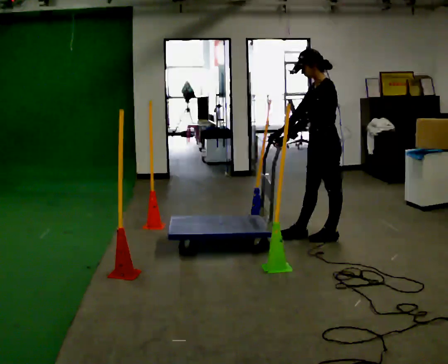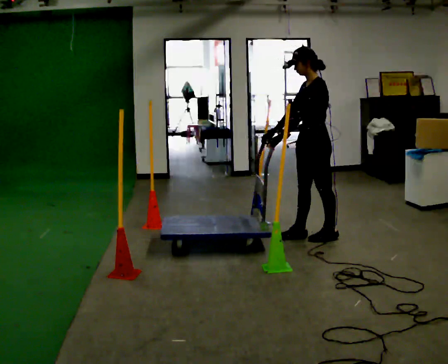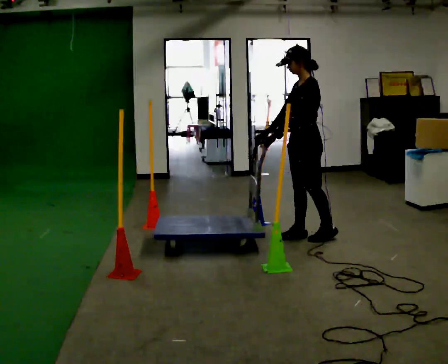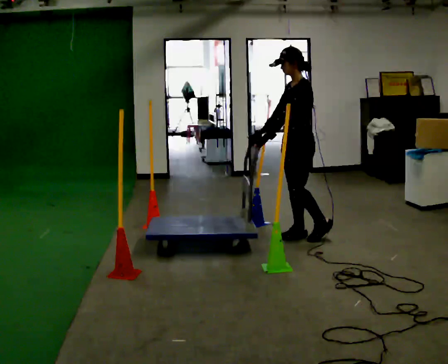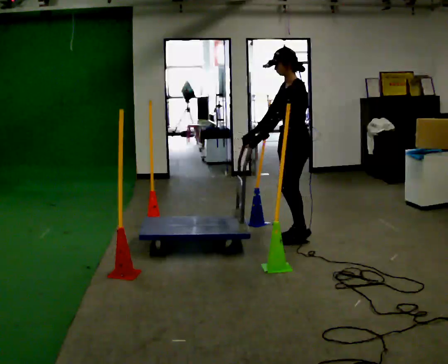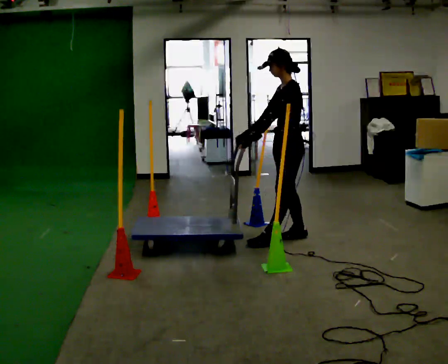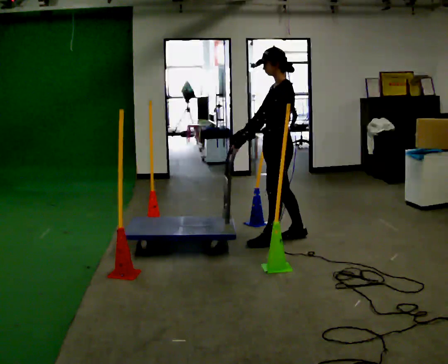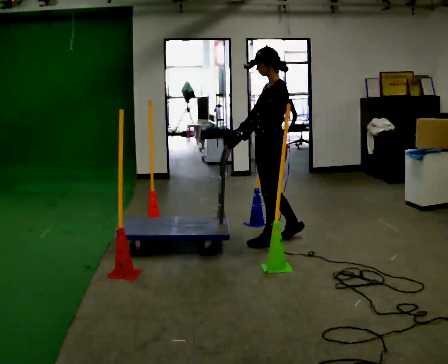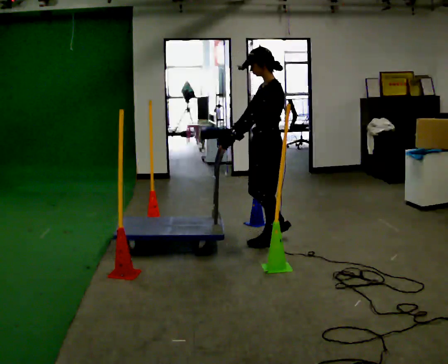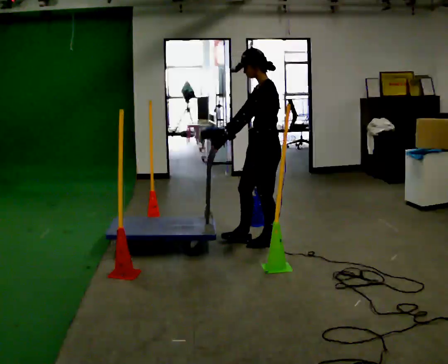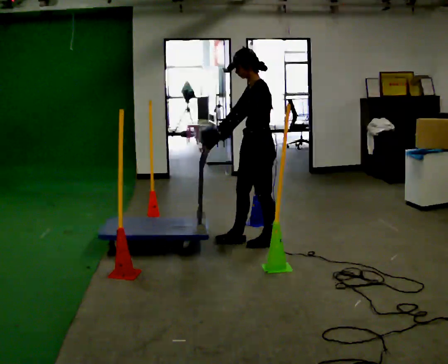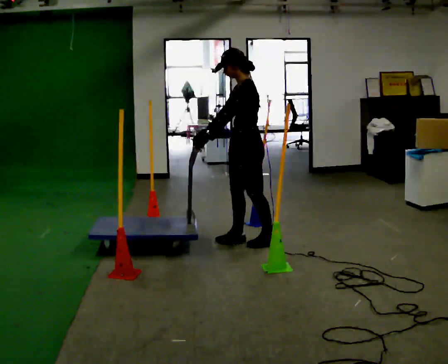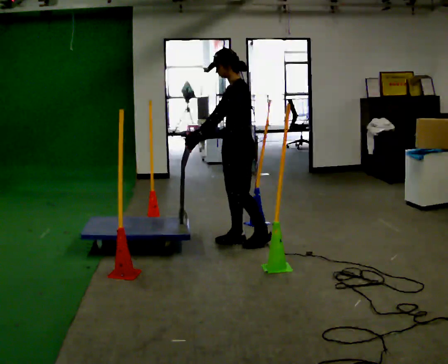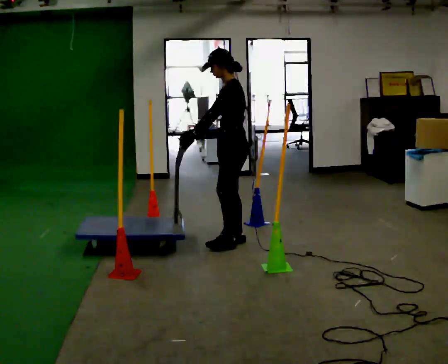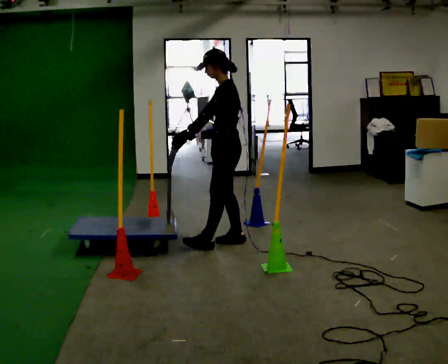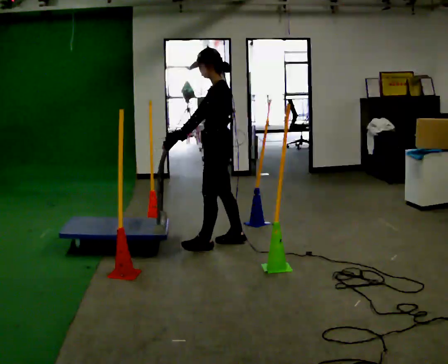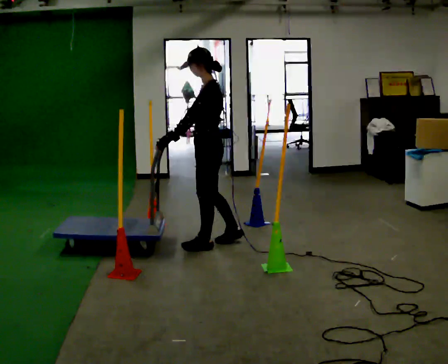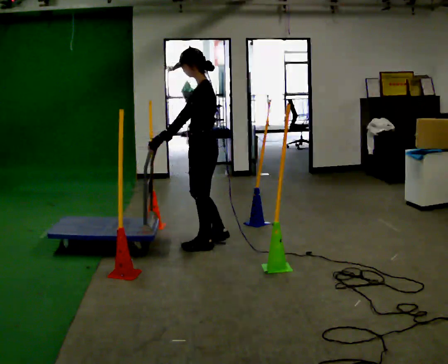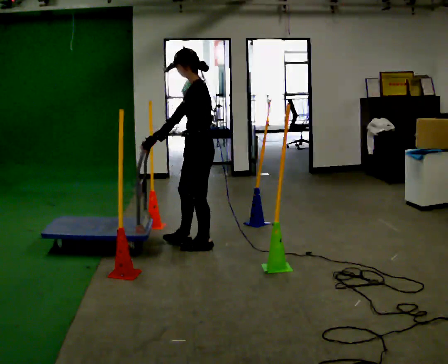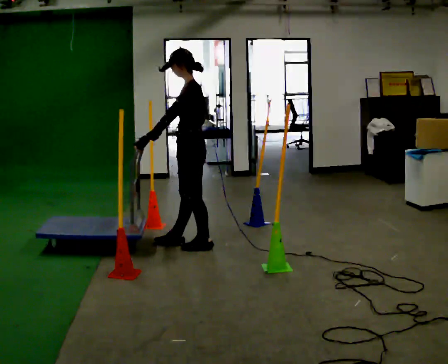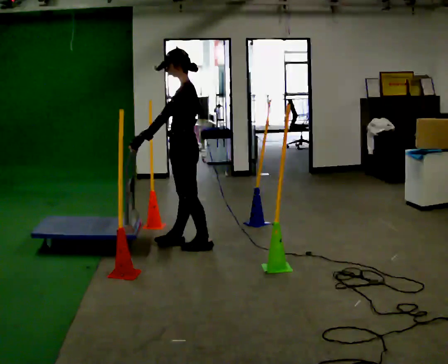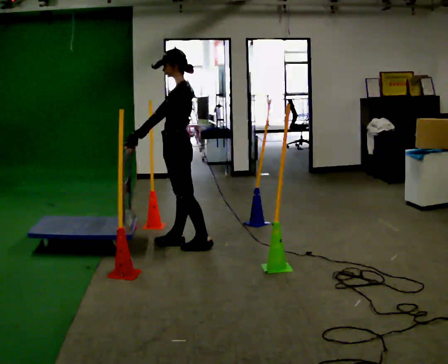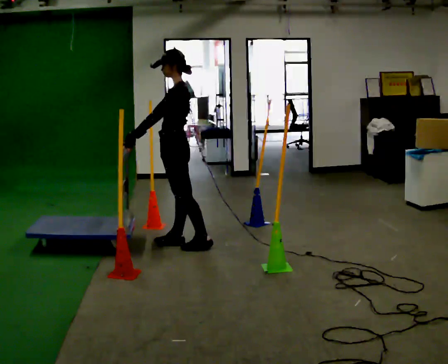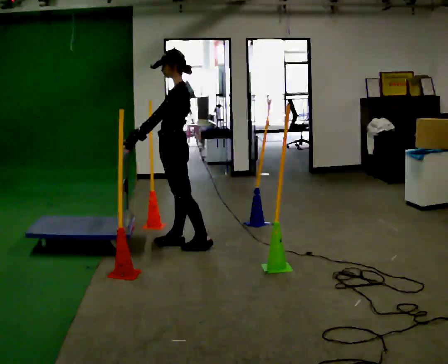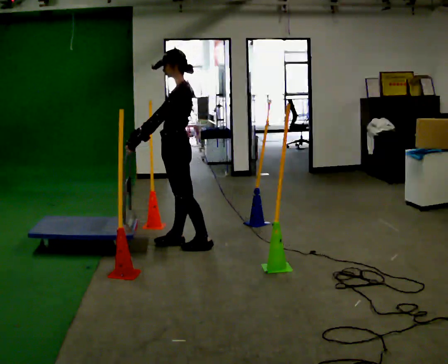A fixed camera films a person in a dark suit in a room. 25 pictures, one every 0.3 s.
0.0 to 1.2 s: In the picture they go to the left, about 0.25 m in 1 step, which for them is forward.
1.2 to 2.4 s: In the picture they go to the left and toward the camera, about 0.25 m in 1 step, which for them is forward and to their left.
2.4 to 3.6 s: In the picture they go to the left, about 0.25 m in 1 step, which for them is forward.
3.6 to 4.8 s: In the picture they go to the left, about 0.25 m, which for them is forward.
4.8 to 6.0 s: In the picture they go to the left, about 0.25 m in 1 step, which for them is forward.
6.0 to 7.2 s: The person moves a little, or ends about where they began.
The film runs backward here.
